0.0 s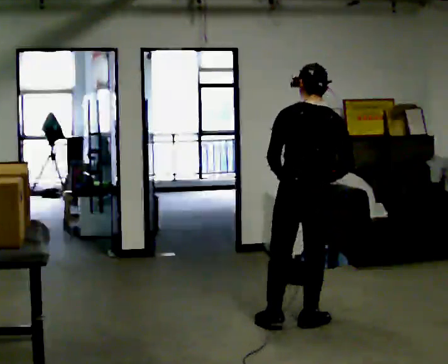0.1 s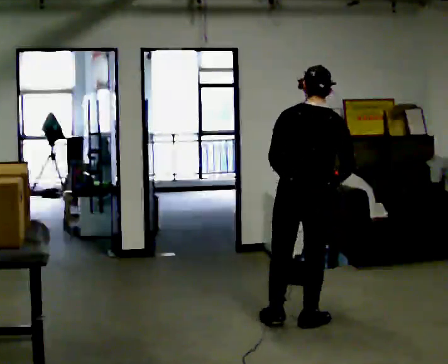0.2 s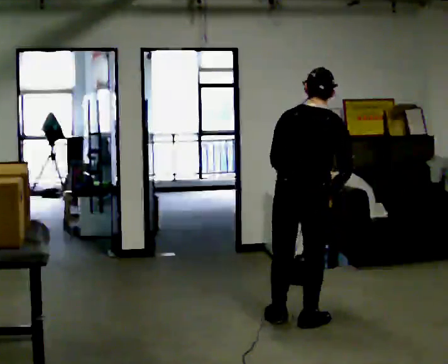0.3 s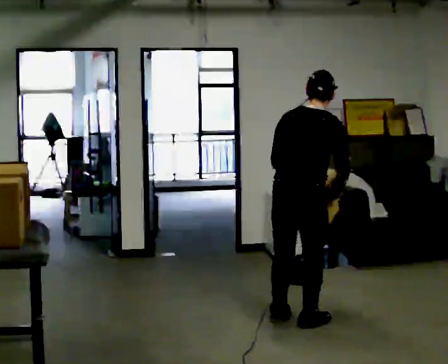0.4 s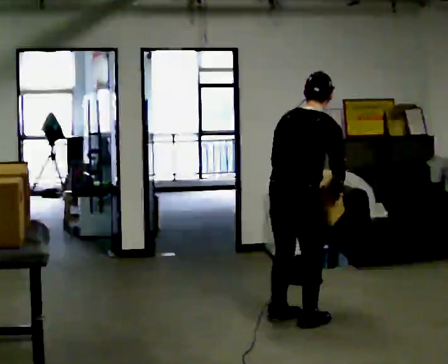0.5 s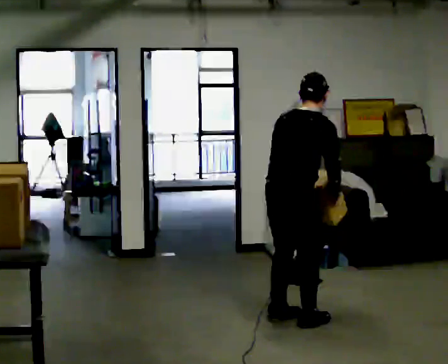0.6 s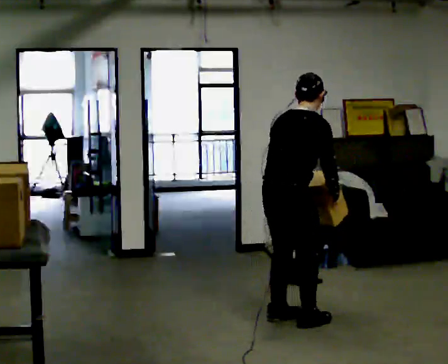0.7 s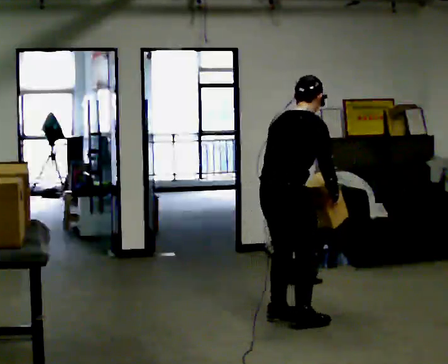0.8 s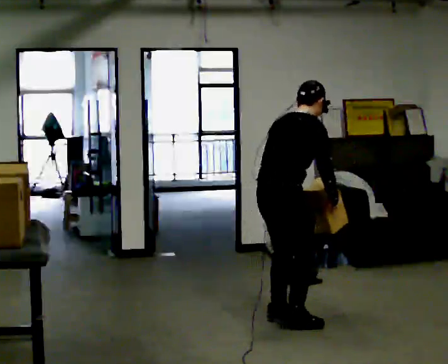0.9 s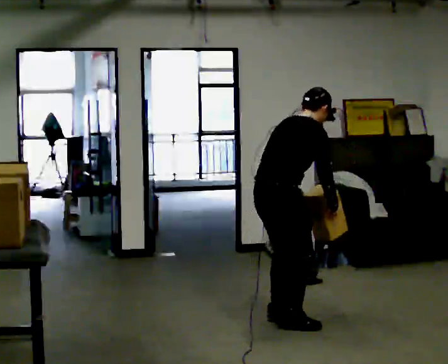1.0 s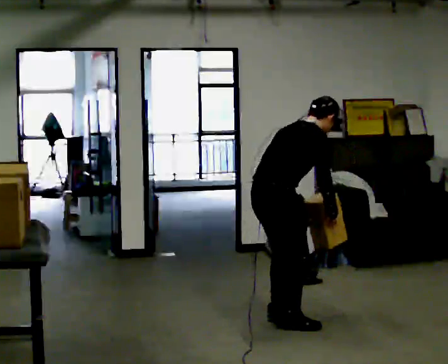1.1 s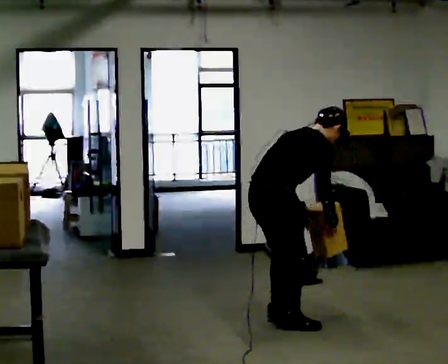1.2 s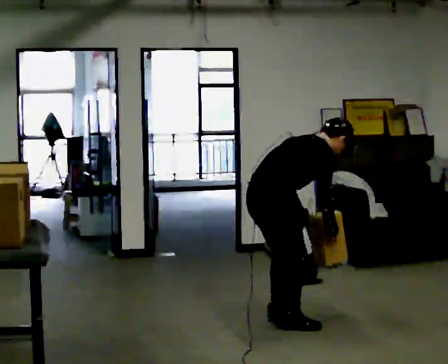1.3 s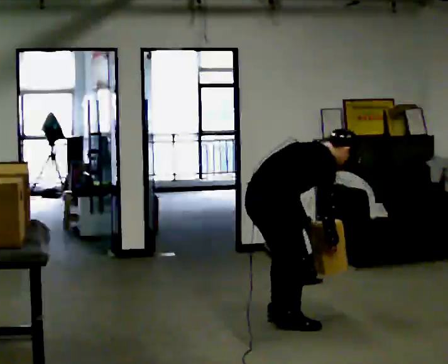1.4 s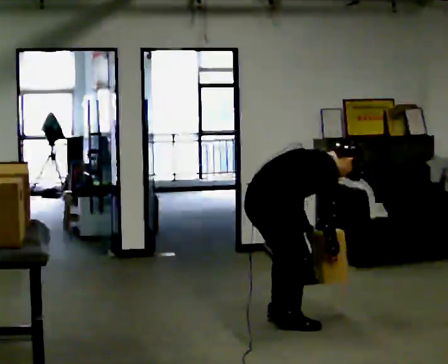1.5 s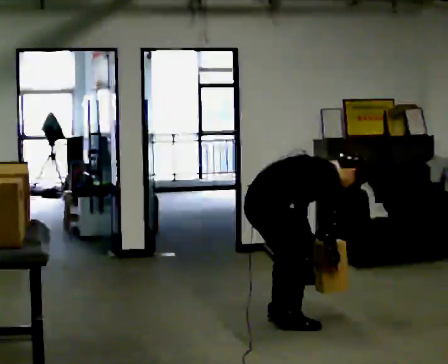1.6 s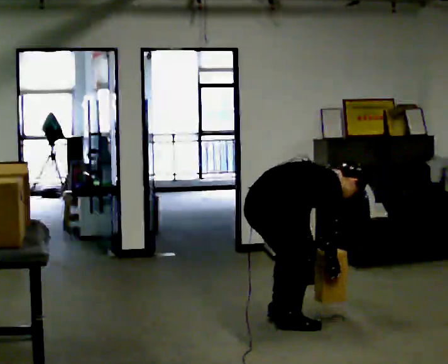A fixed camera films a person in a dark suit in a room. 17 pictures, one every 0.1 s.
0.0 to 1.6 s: The person turns about 75 degrees to their right, clockwise seen from above, so the part of the body nearest the lens slides to the left. In the picture they go to the left, about 0.25 m in 1 step. The shoulders move downward. In the picture the upper body tilts clockwise, shoulders to the right, as they bend forward. In the picture their right hand goes downward.
The film runs backward here.
